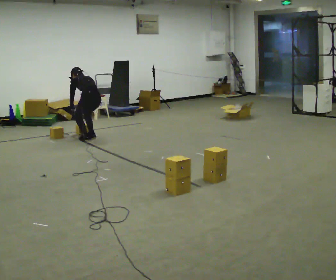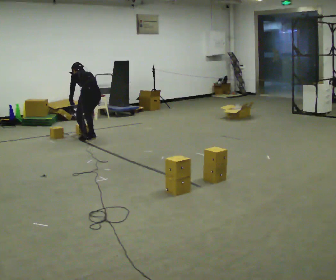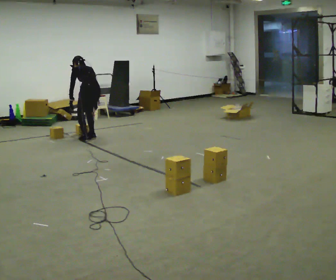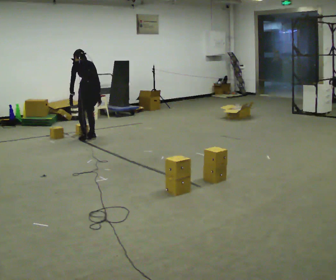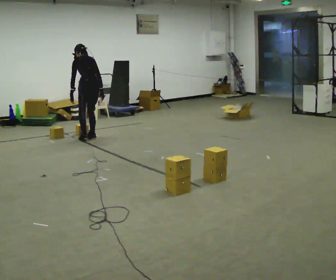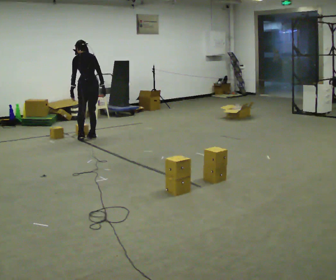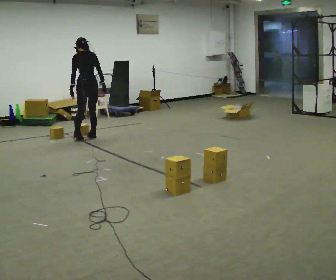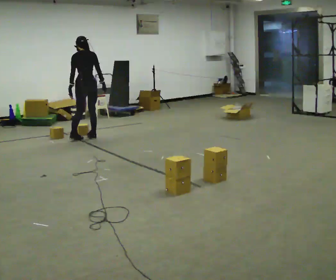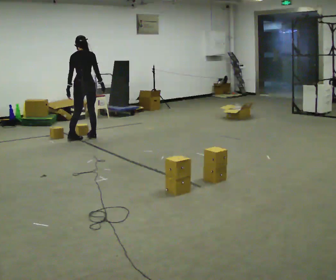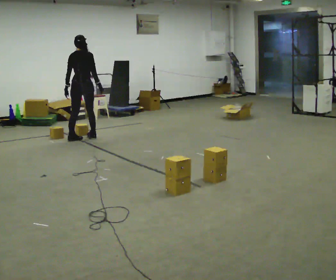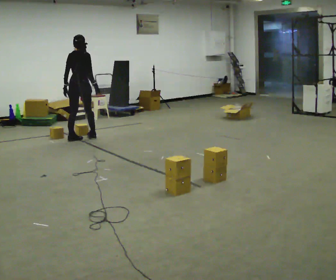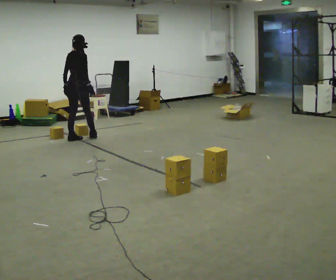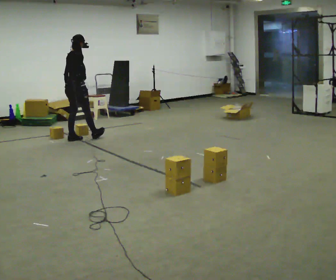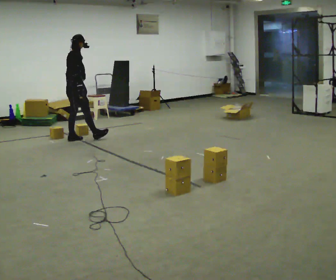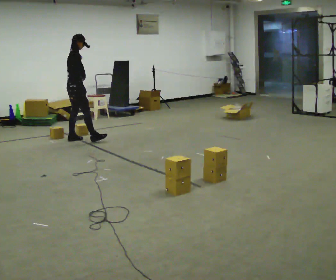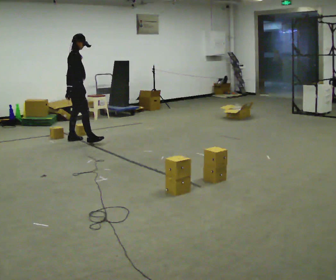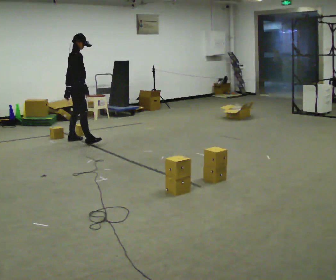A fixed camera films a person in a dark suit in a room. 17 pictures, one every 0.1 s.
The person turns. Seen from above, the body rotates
clockwise.
The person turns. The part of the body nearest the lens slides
to the left.
0.0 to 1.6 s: Seen from above the body turns clockwise, about 135 degrees: to their right, with its near side sliding to the left. In the picture they go to the left, about 0.25 m in 1 step. The upper body goes upward. The upper body tips toward the camera, its near side rolling downward, as they lean back or straighten. In the picture their right hand goes to the left and upward.
The film runs forward here.
